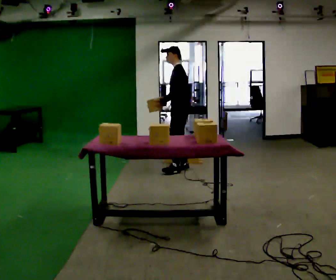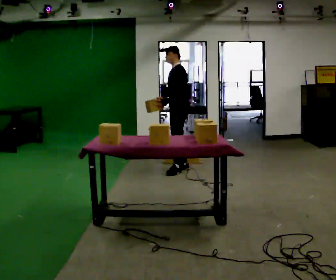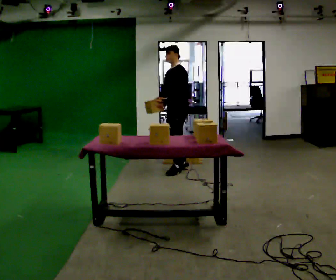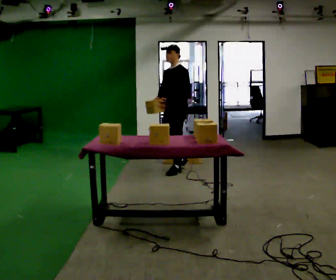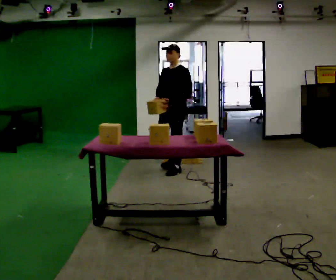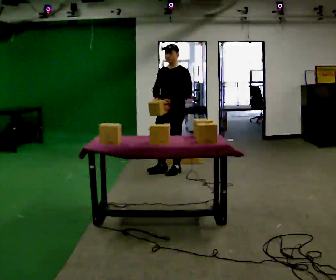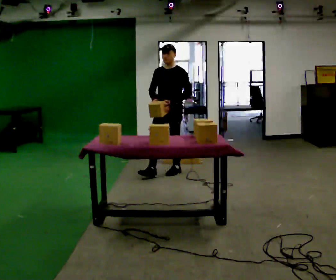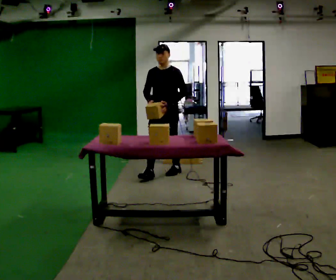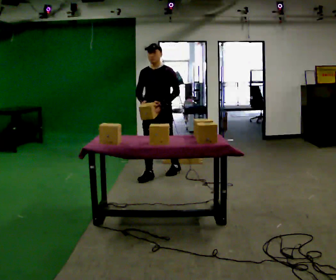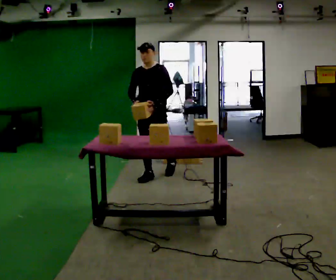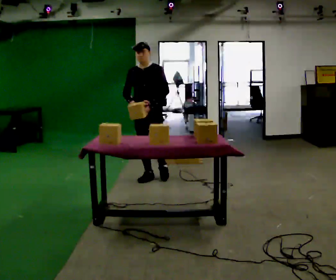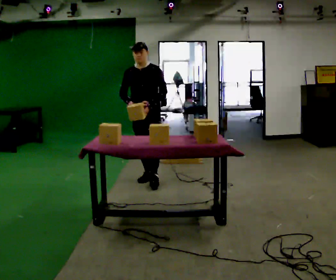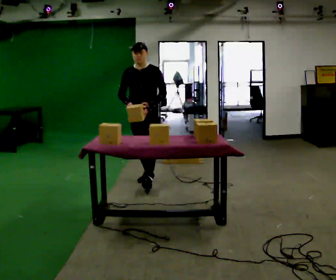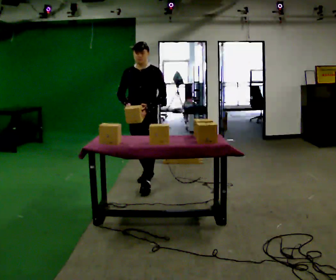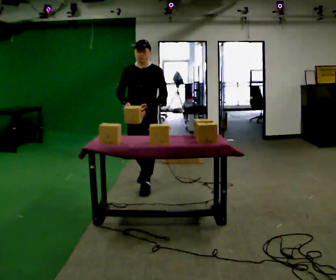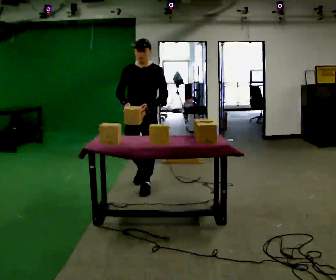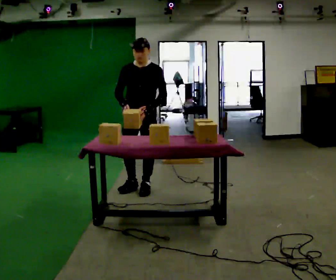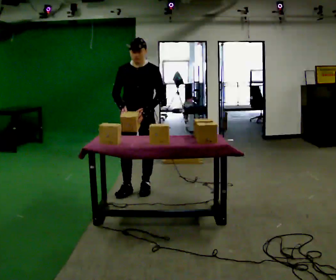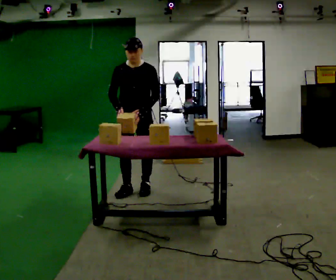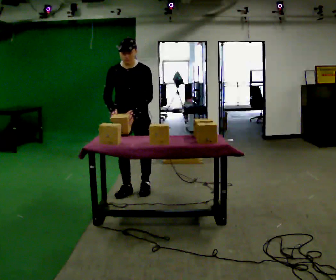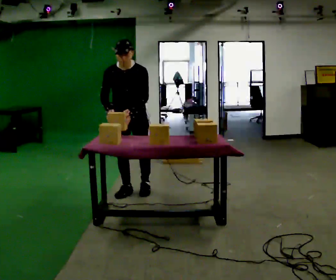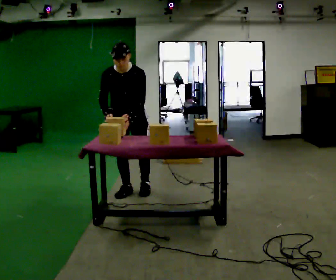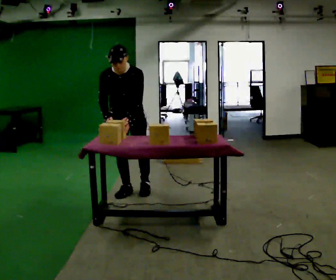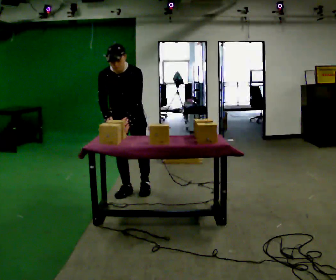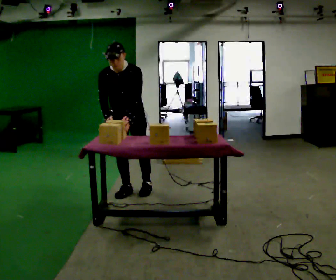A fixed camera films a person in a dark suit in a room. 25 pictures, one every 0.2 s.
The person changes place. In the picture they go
toward the camera.
The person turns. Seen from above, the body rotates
counterclockwise.
0.0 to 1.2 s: Seen from above the body turns counterclockwise, about 60 degrees: to their left, with its near side sliding to the right. In the picture they go toward the camera and to the left, about 0.25 m.
1.2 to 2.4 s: In the picture they go toward the camera and to the left, about 0.5 m in 1 step, which for them is forward.
2.4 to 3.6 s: In the picture they go toward the camera, about 0.5 m in 2 steps, which for them is forward.
3.6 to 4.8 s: The upper body tips toward the camera, its near side rolling downward, as they bend forward.
The film runs forward here.
